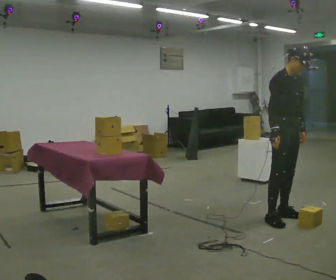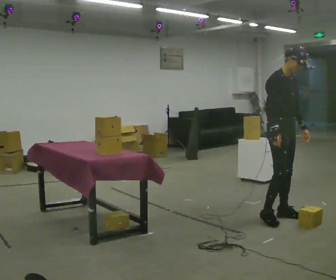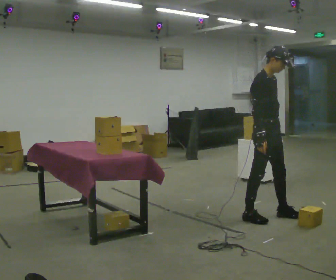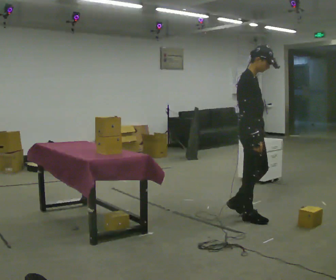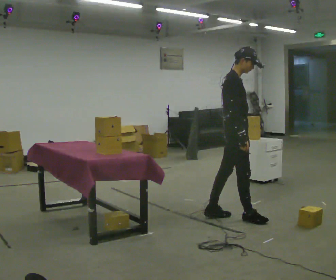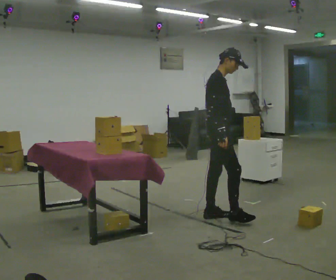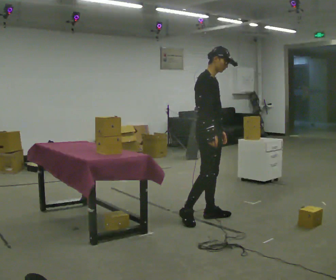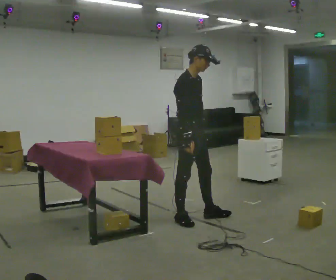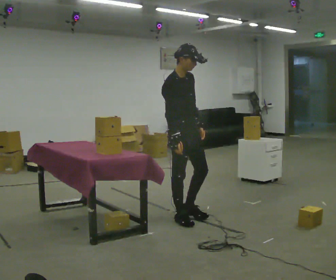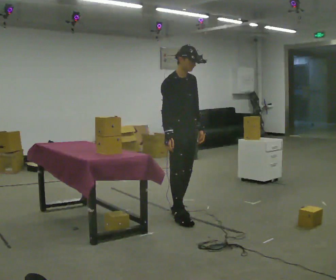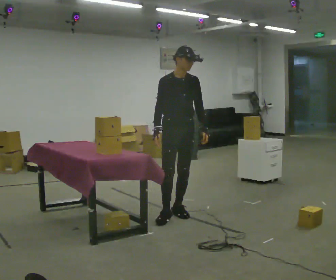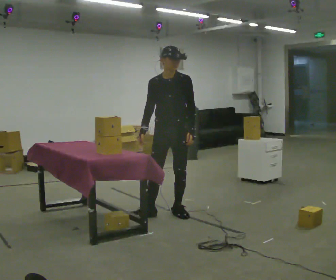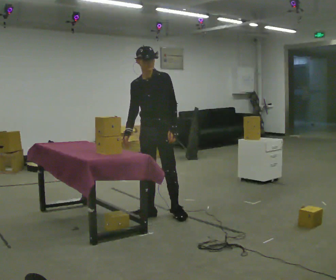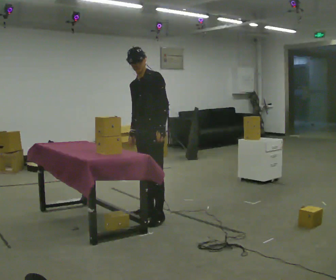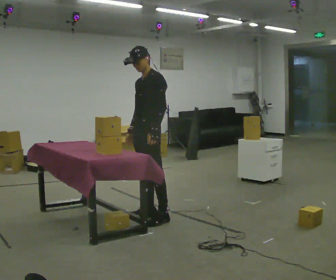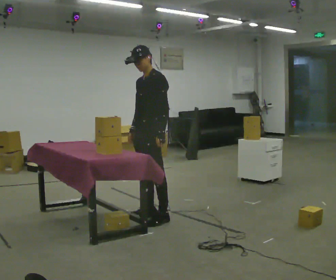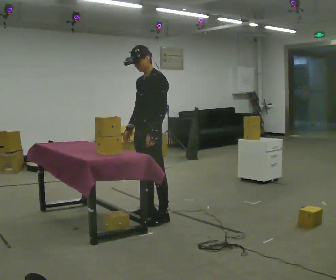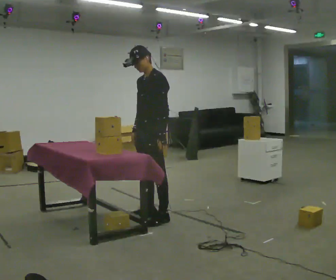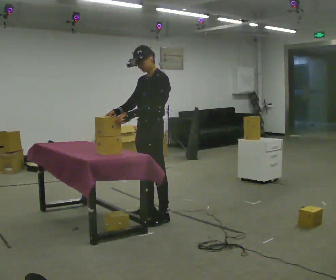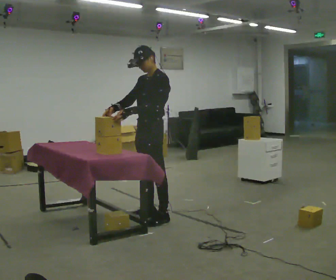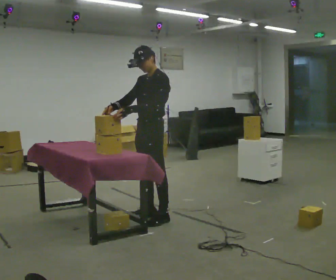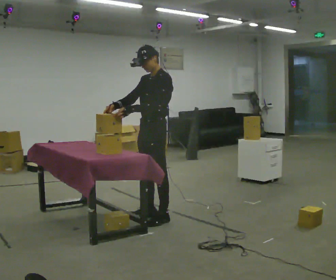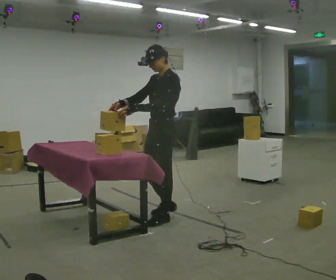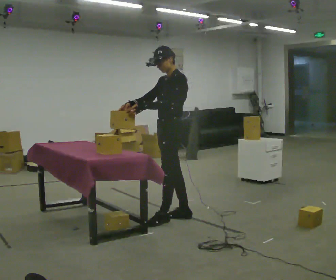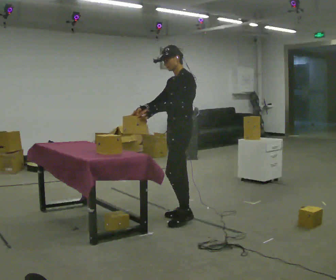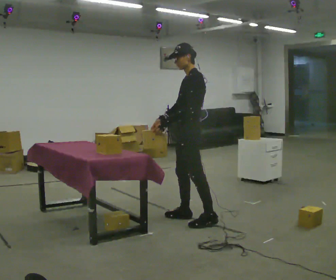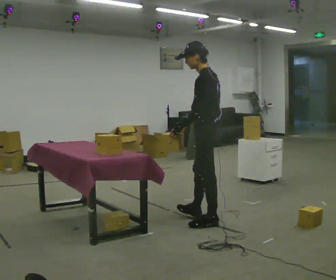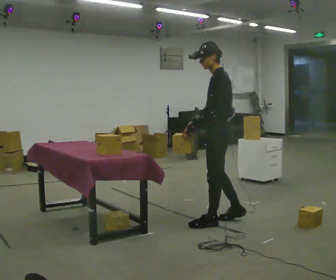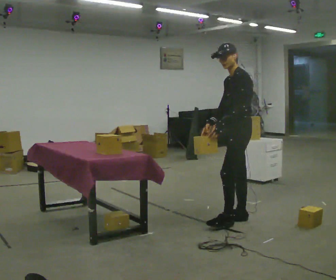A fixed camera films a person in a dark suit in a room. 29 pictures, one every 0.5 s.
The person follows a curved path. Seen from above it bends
counterclockwise.
0.0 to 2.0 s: Seen from above the body turns counterclockwise, about 45 degrees: to their left, with its near side sliding to the right. In the picture they go to the left, about 0.5 m in 2 steps, which for them is backward.
2.0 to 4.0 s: Seen from above the body turns clockwise, about 30 degrees: to their right, with its near side sliding to the left. In the picture they go to the left, about 0.5 m in 2 steps, which for them is backward.
4.0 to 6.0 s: Seen from above the body turns clockwise, about 90 degrees: to their right, with its near side sliding to the left. In the picture they go away from the camera and to the left, about 0.25 m in 2 steps.
6.0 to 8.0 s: The part of the body nearest the lens slides to the left as the person turns to their right by about 30 degrees.
8.0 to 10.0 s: The person moves a little, or ends about where they began.
10.0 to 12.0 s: In the picture they go to the right, about 0.25 m in 2 steps, which for them is backward.
12.0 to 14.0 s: In the picture they go to the right, about 0.5 m in 2 steps, which for them is backward.
The film runs backward here.
